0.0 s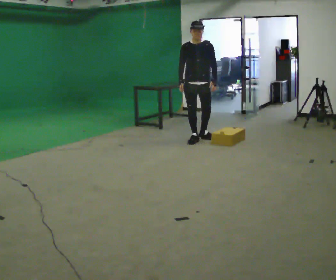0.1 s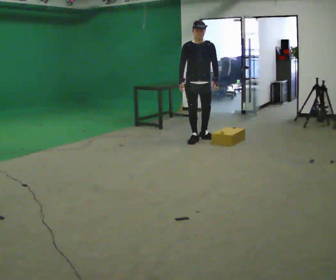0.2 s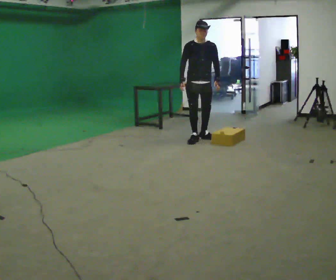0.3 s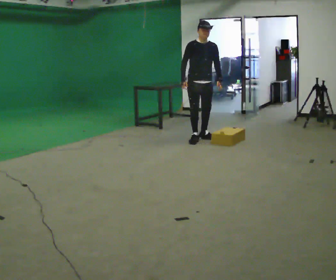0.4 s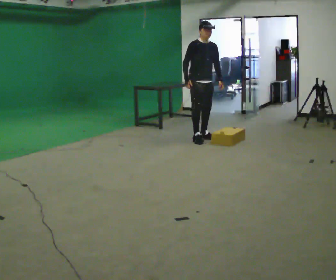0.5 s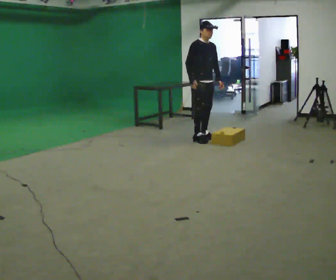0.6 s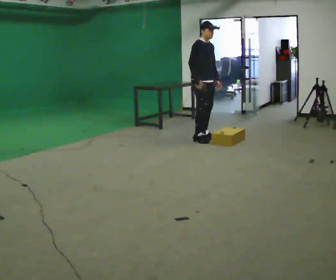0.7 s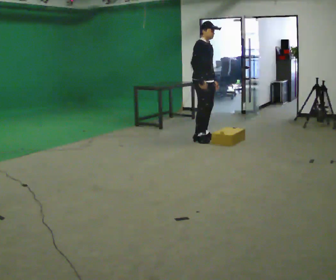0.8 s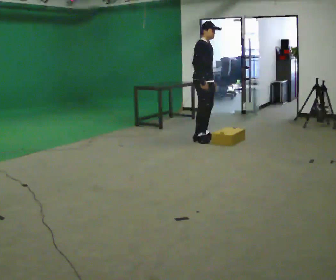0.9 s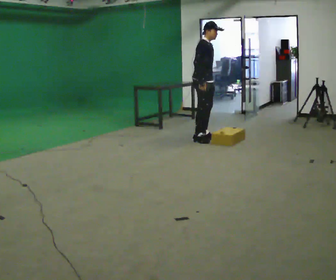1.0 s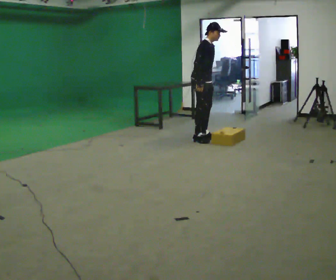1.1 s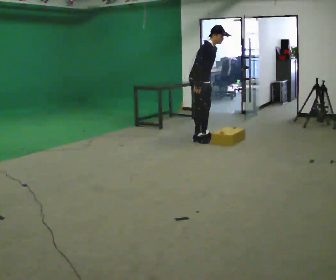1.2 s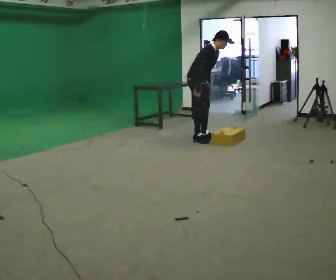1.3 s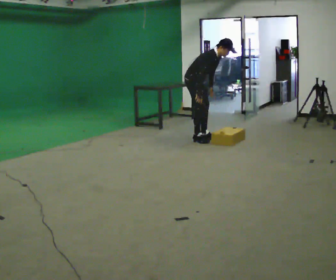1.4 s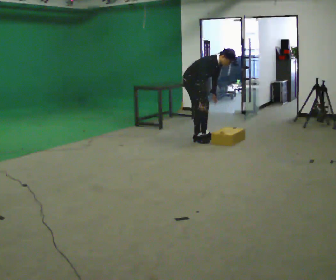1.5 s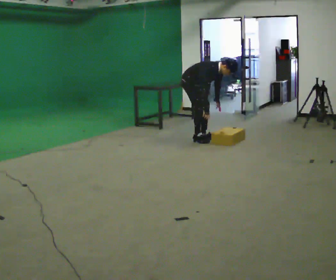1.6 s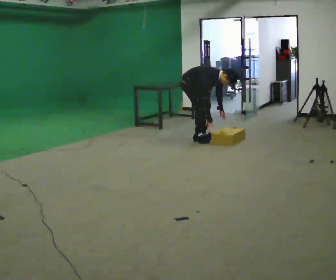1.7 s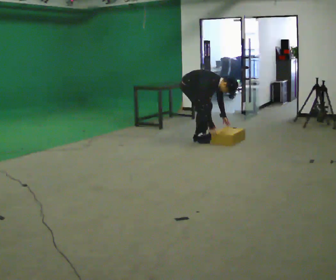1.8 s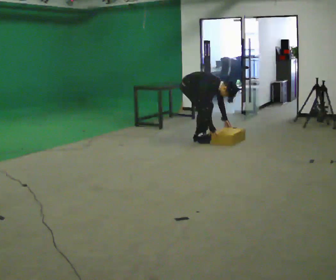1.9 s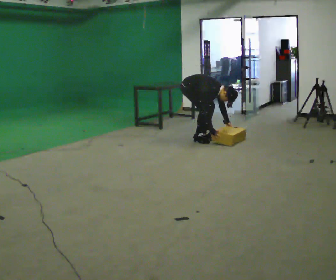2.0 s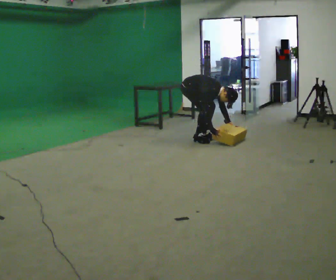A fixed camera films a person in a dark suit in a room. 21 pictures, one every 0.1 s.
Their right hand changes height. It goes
downward.
The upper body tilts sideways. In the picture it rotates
clockwise.
0.0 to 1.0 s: Seen from above the body turns counterclockwise, about 75 degrees: to their left, with its near side sliding to the right.
1.0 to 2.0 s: In the picture they go to the left, about 0.25 m, which for them is backward. The upper body goes downward. In the picture the upper body tilts clockwise, shoulders to the right, as they bend forward. In the picture their left hand goes downward and to the right.
The film runs backward here.
